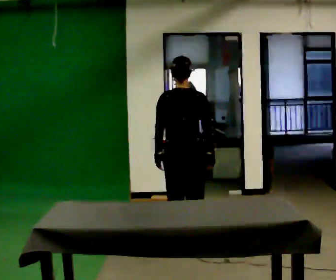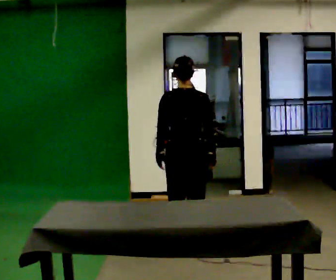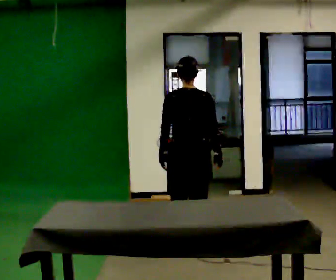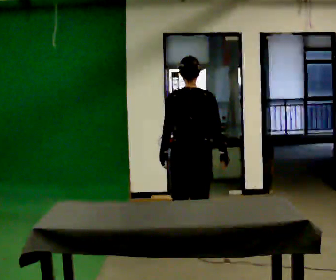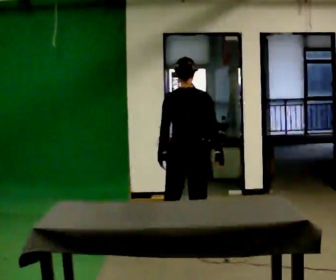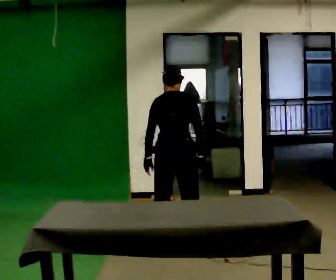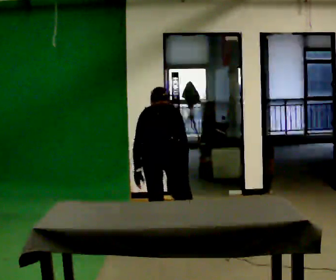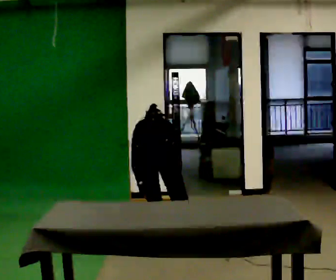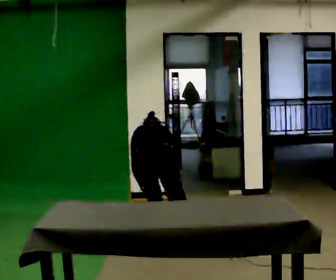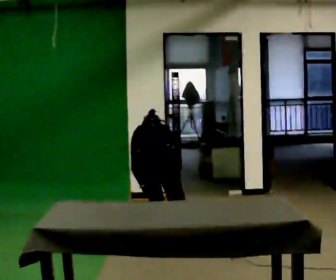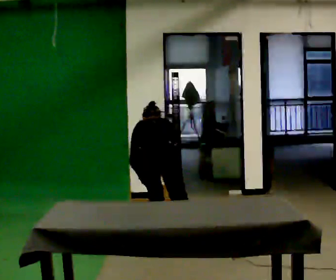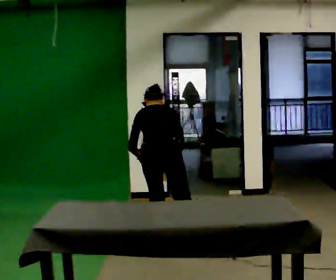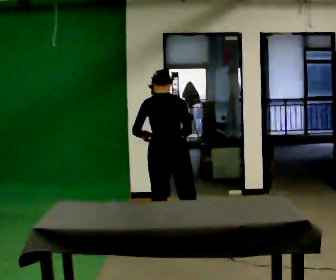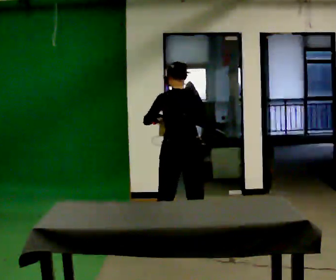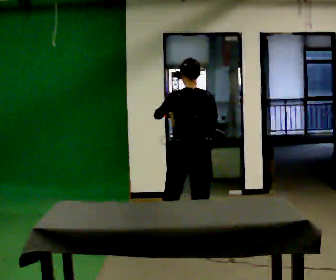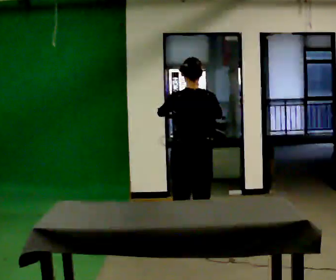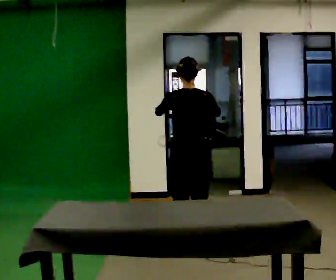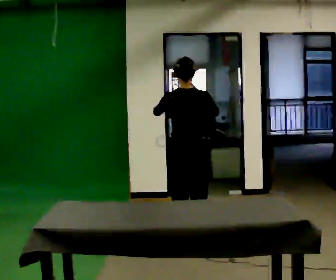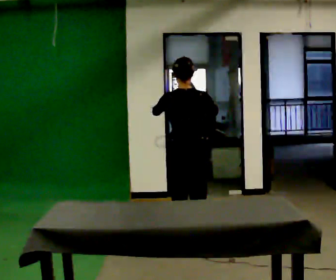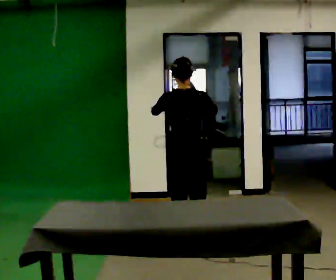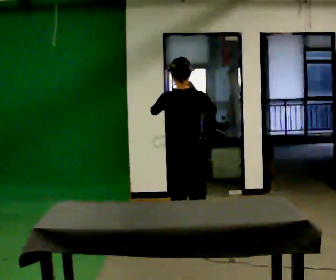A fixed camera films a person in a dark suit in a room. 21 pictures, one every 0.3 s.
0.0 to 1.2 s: The person moves a little, or ends about where they began.
1.2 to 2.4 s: In the picture they go to the left, about 0.25 m, which for them is to their left. The upper body goes downward. The upper body tips away from the camera, its near side rolling upward, as they bend forward. In the picture their left hand goes downward.
2.4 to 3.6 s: The shoulders move upward. The upper body tips toward the camera, its near side rolling downward, as they lean back or straighten. In the picture their right hand goes upward.
3.6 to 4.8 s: In the picture they go to the right, about 0.25 m in 1 step, which for them is to their right. The upper body tips toward the camera, its near side rolling downward, as they lean back or straighten. In the picture their left hand goes upward.
4.8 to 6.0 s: The person moves a little, or ends about where they began.
The film runs backward here.
